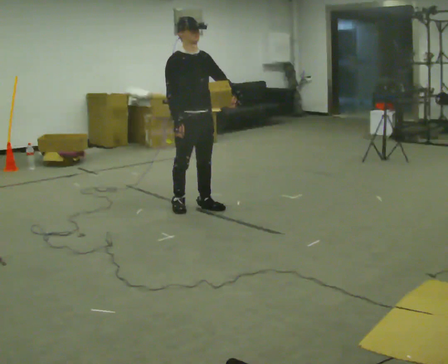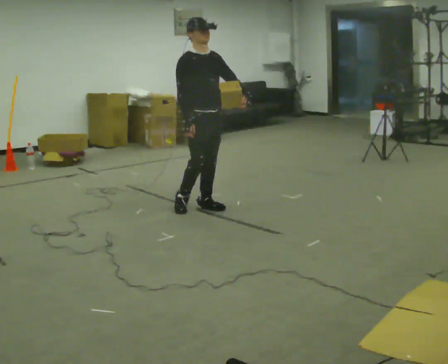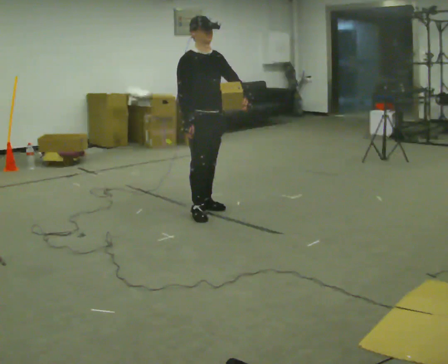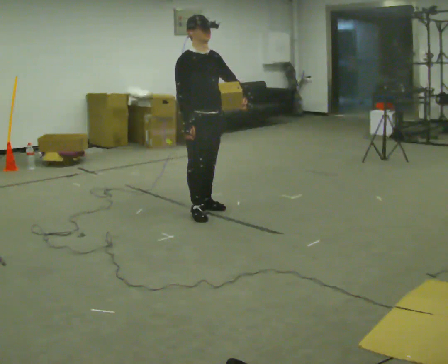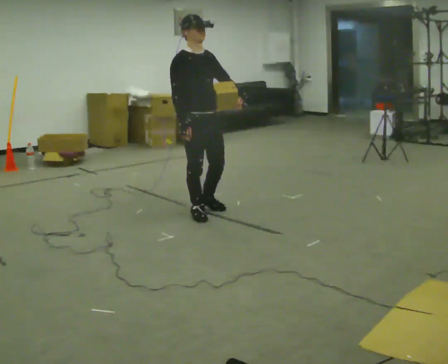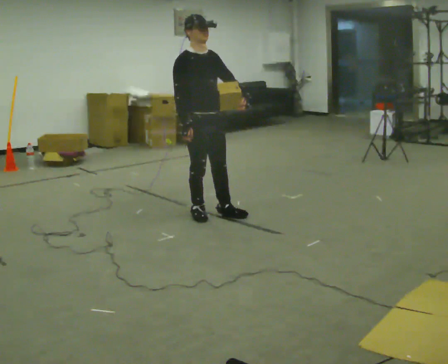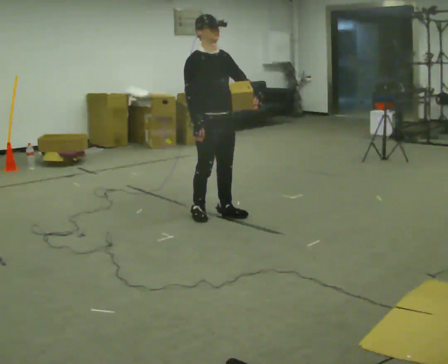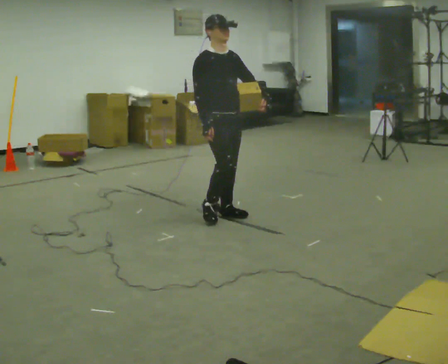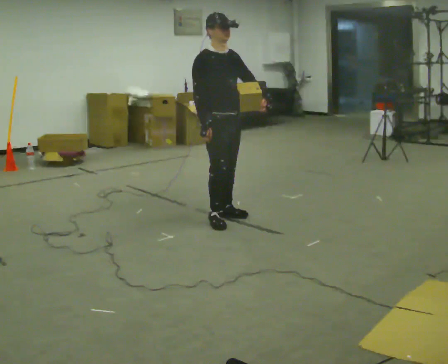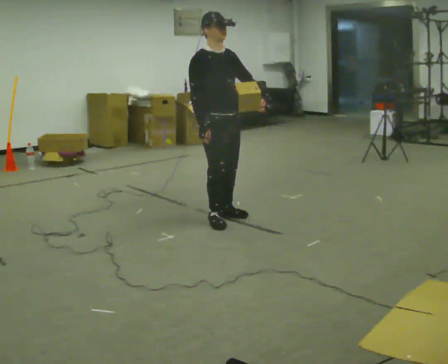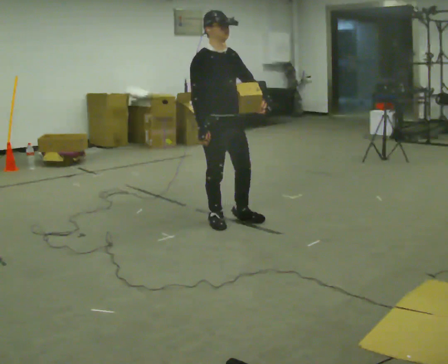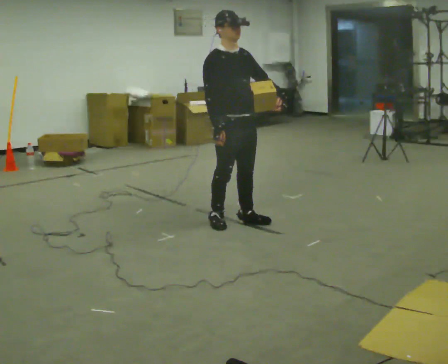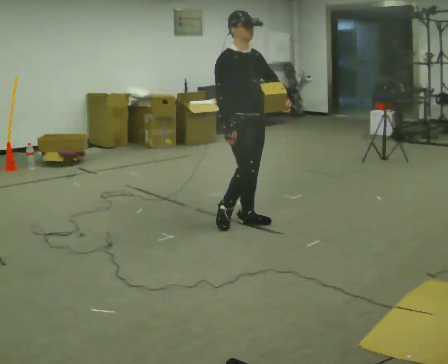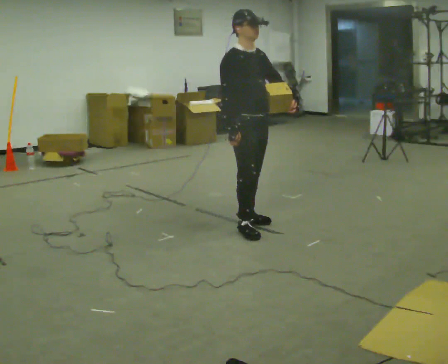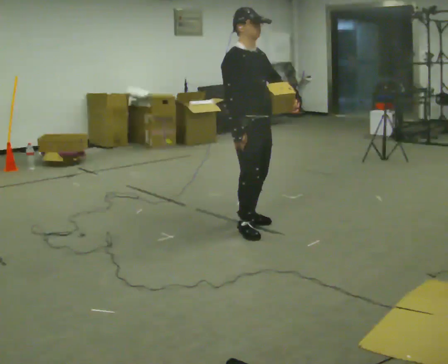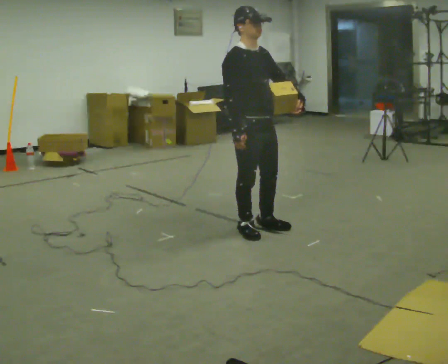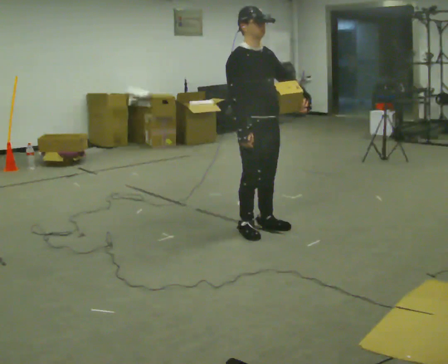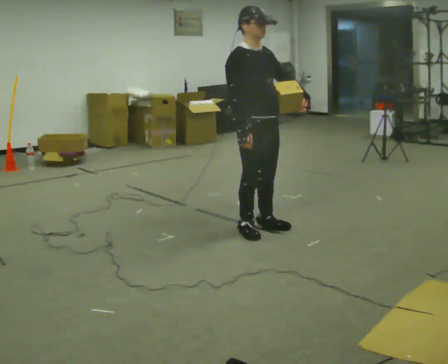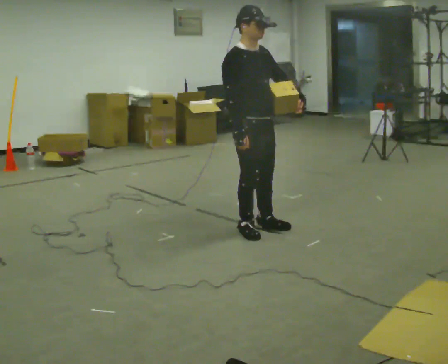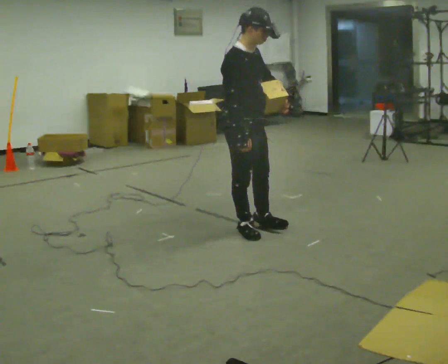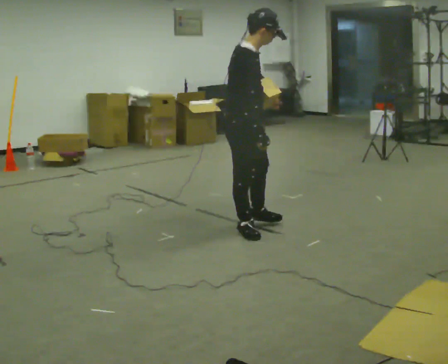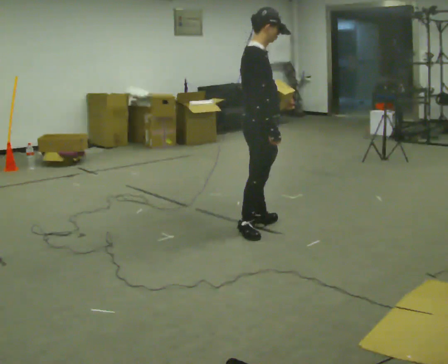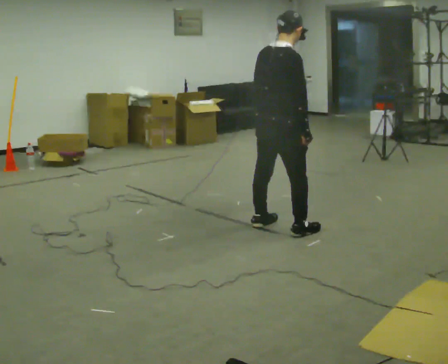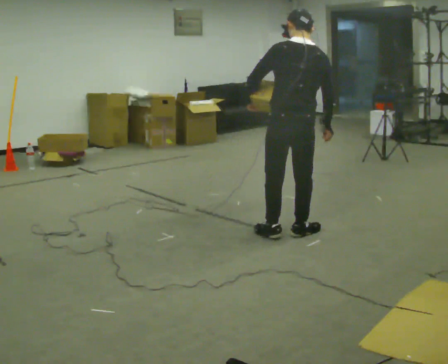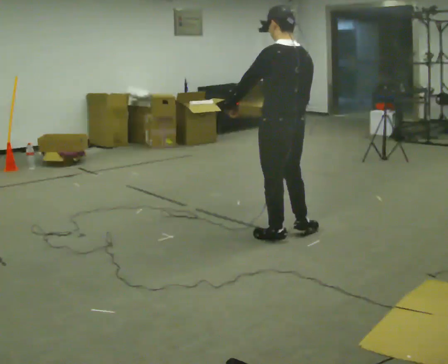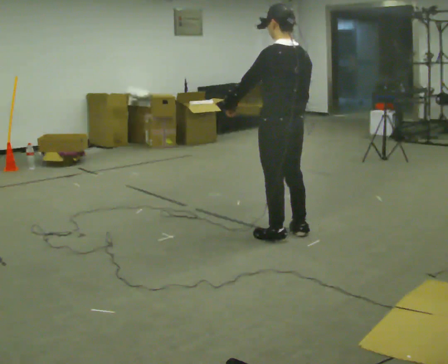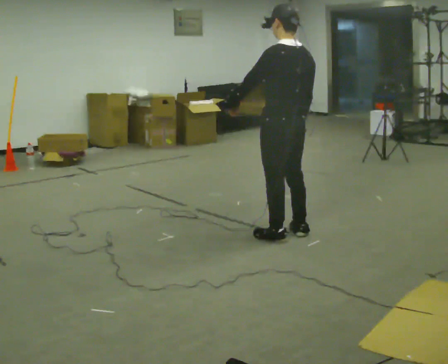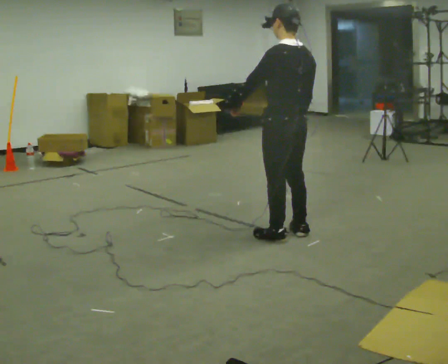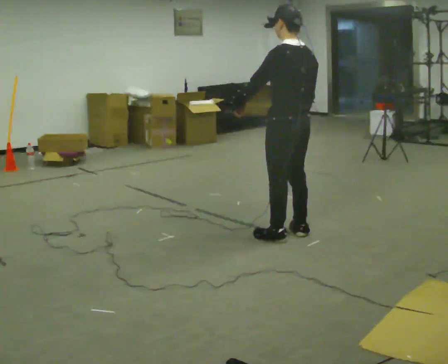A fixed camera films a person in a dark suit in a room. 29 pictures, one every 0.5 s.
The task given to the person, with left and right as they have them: Hold the object against your hip on the side the operator calls, and carry it back and forth across the room.
0.0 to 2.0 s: In the picture they go toward the camera, about 0.25 m in 1 step, which for them is forward.
2.0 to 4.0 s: In the picture they go to the right, about 0.25 m in 2 steps, which for them is forward.
4.0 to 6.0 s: In the picture they go to the right, about 0.25 m in 1 step, which for them is forward.
6.0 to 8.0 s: In the picture they go toward the camera, about 0.25 m in 2 steps, which for them is forward.
8.0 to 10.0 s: The part of the body nearest the lens slides to the right as the person turns to their left by about 45 degrees. In the picture the upper body tilts clockwise, shoulders to the right, as they bend forward.
10.0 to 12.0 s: The part of the body nearest the lens slides to the right as the person turns to their left by about 120 degrees. In the picture they go to the right, about 0.5 m in 2 steps.
12.0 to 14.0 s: The person moves a little, or ends about where they began.
The film runs forward here.
